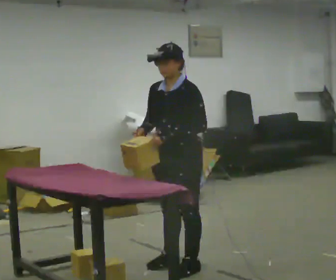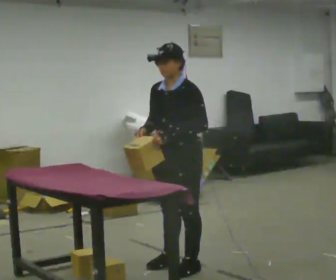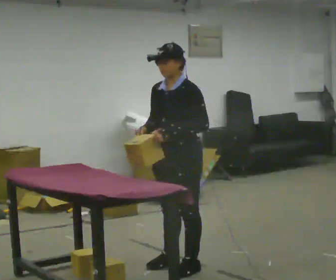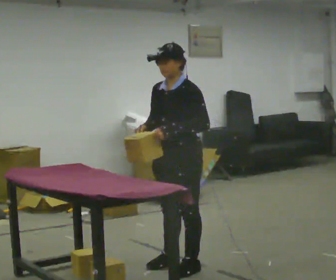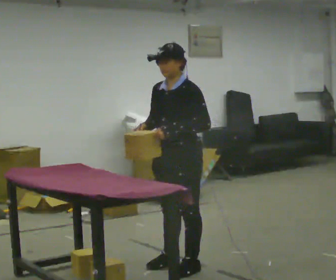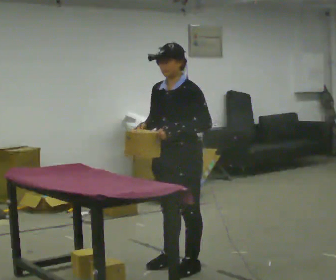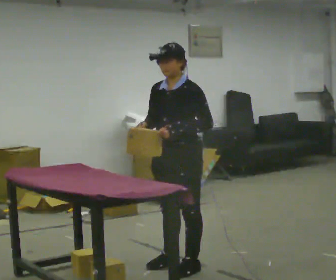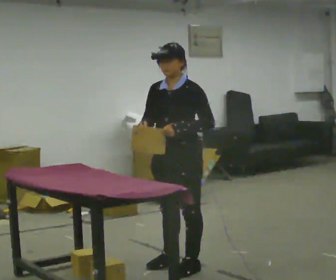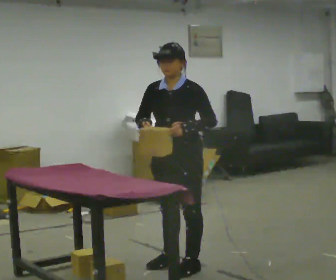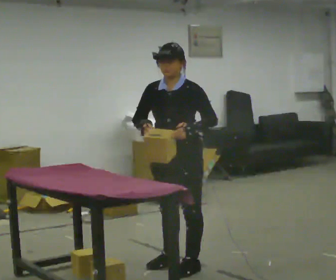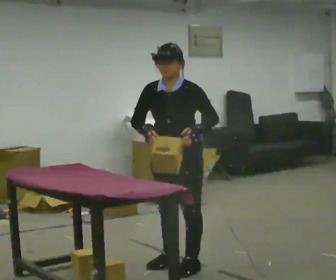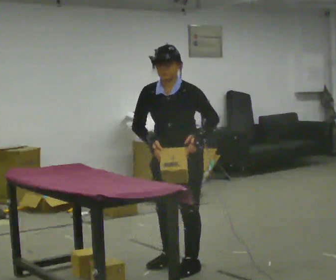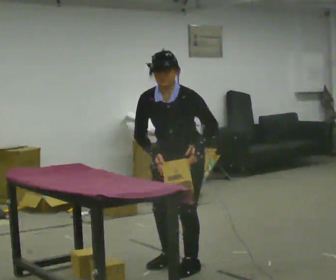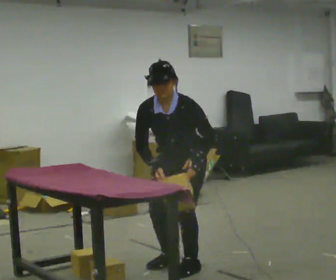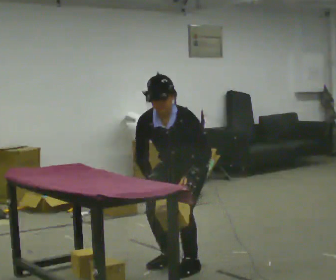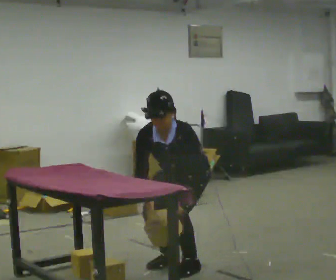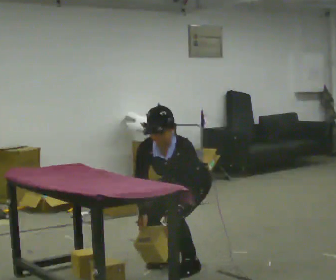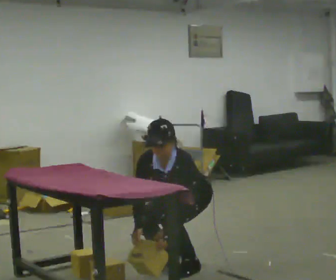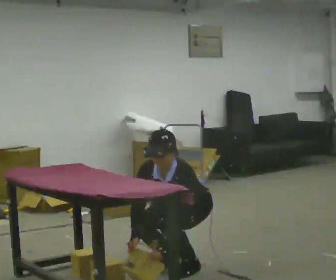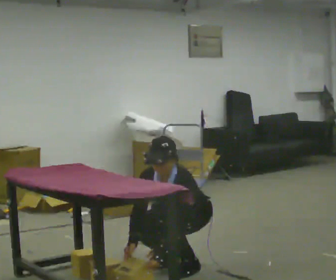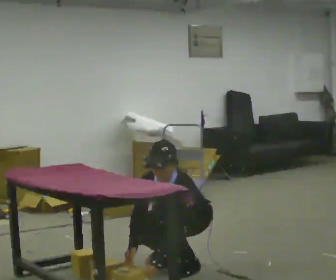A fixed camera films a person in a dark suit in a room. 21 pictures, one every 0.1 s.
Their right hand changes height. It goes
downward.
The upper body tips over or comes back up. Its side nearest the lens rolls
downward.
0.0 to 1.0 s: The person moves a little, or ends about where they began.
1.0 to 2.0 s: The upper body goes downward. The upper body tips toward the camera, its near side rolling downward, as they bend forward. In the picture their left hand goes downward.
The film runs backward here.
